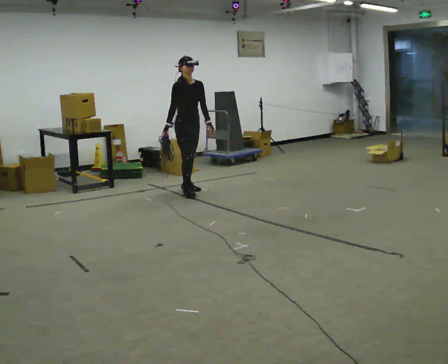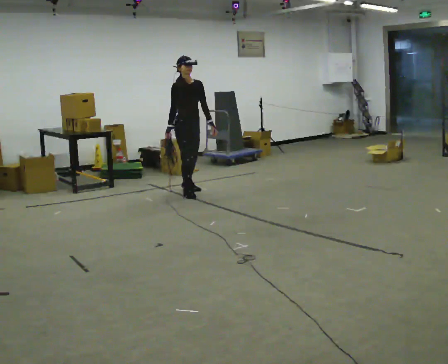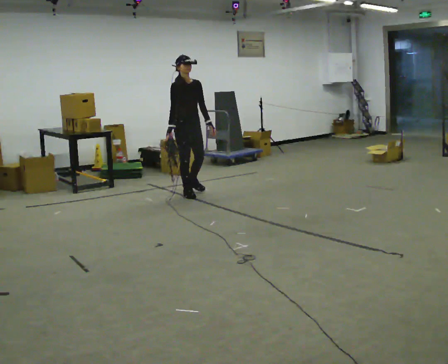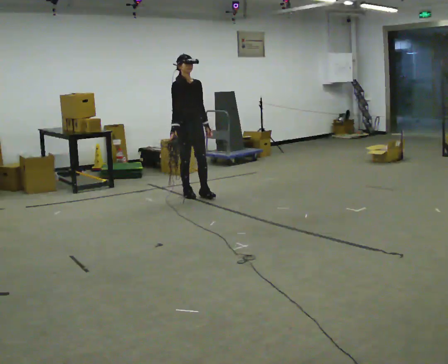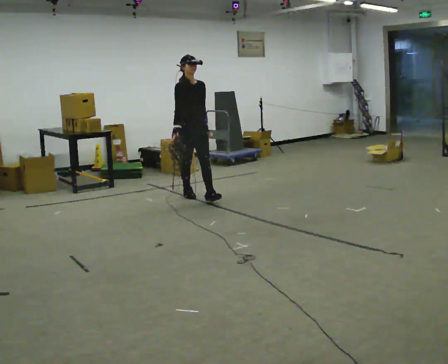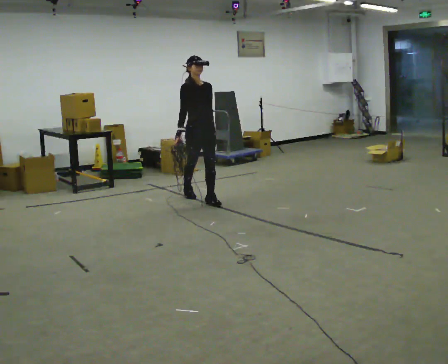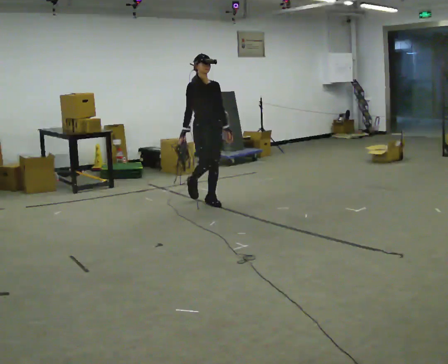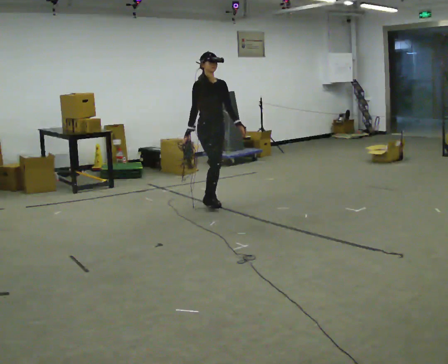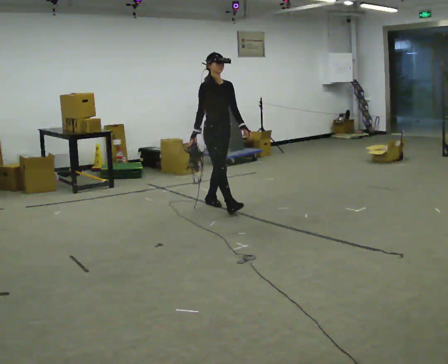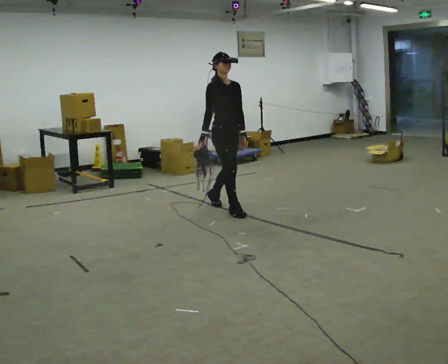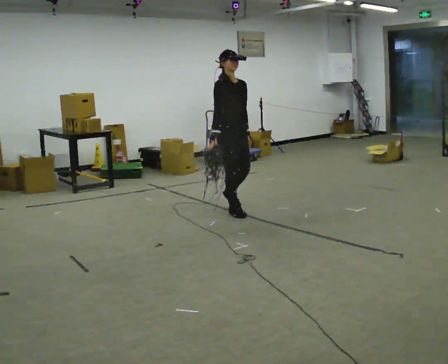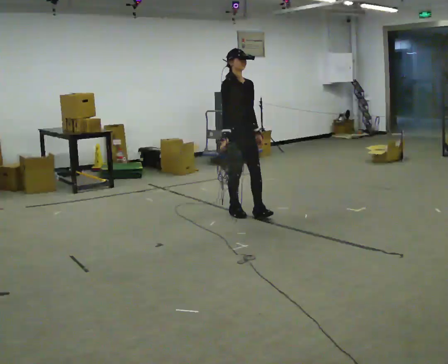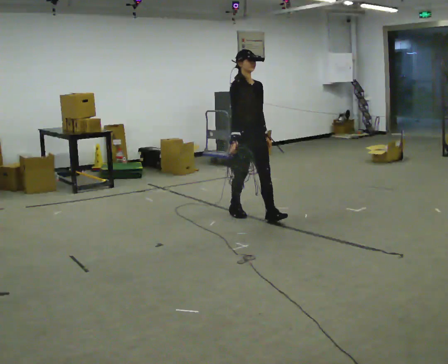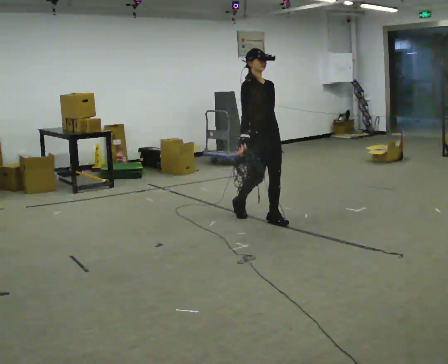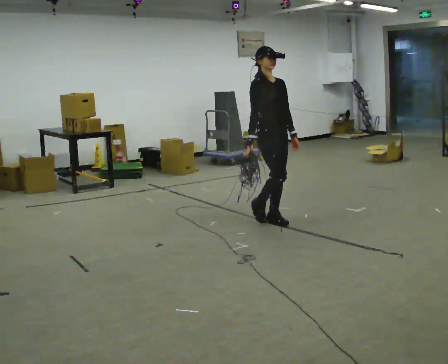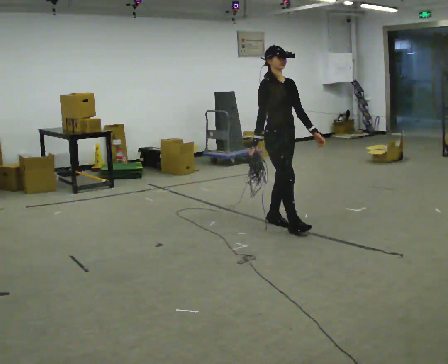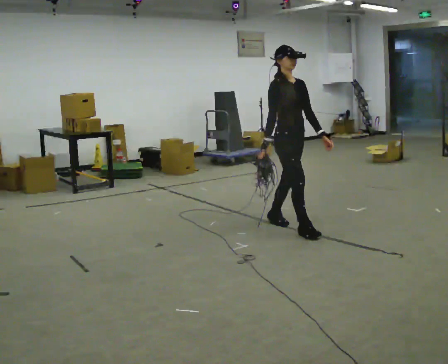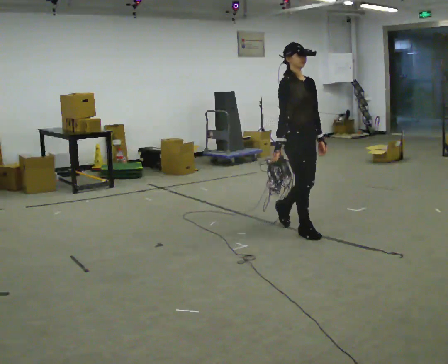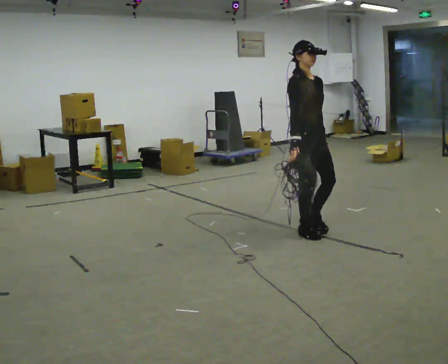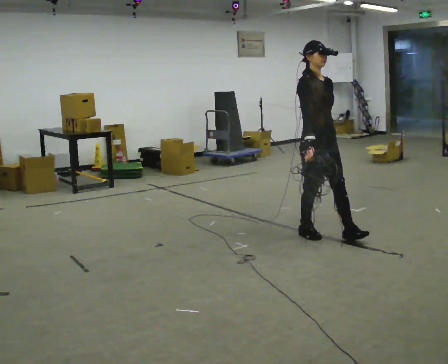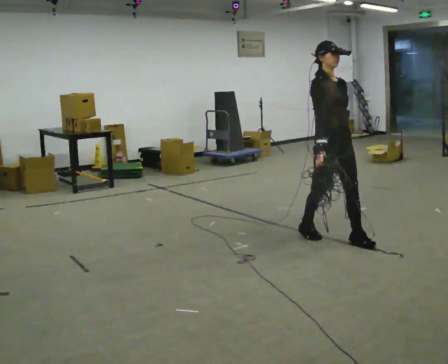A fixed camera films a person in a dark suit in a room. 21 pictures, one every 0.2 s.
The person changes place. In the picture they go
toward the camera.
0.0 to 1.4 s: In the picture they go toward the camera and to the right, about 0.75 m in 1 step, which for them is forward.
1.4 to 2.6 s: In the picture they go toward the camera and to the right, about 1 m in 2 steps, which for them is forward.
2.6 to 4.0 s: In the picture they go toward the camera and to the right, about 1 m in 2 steps, which for them is forward.
The film runs forward here.
